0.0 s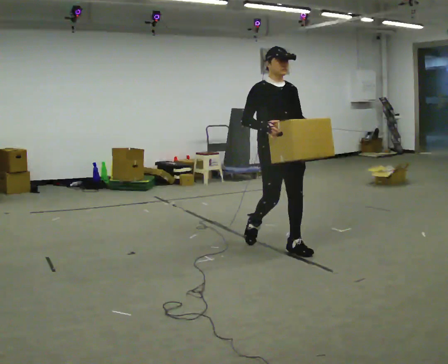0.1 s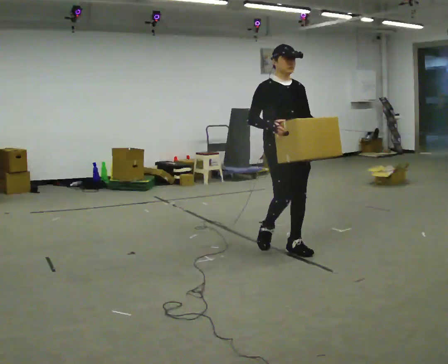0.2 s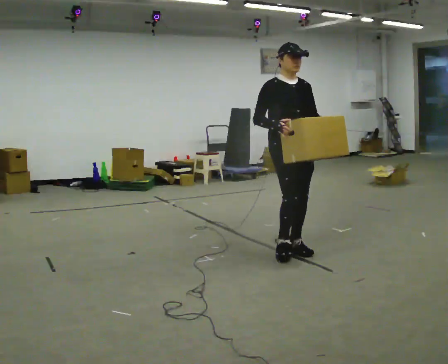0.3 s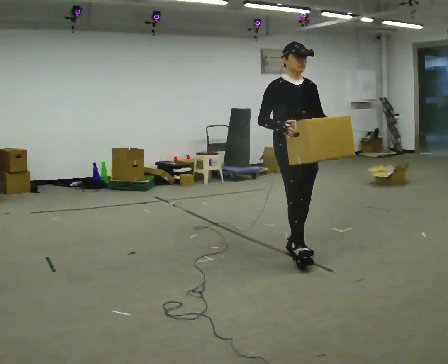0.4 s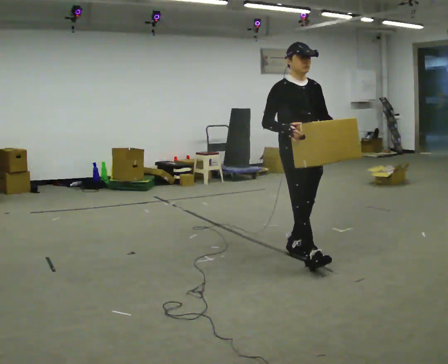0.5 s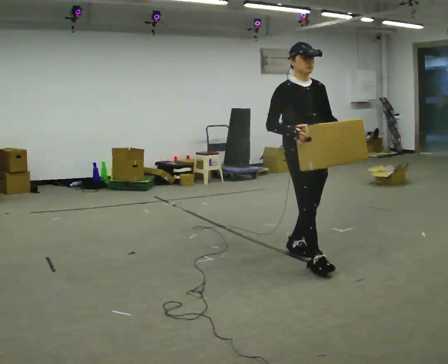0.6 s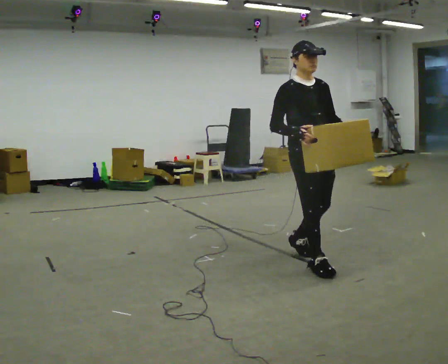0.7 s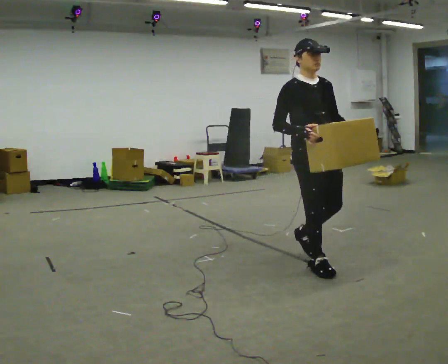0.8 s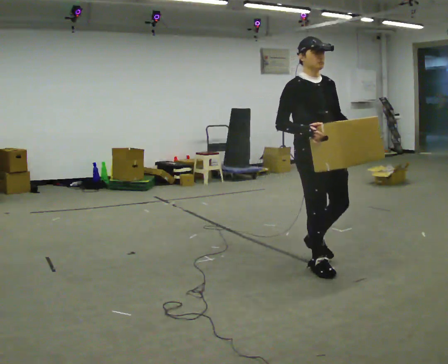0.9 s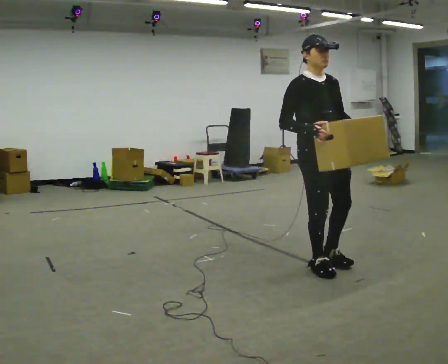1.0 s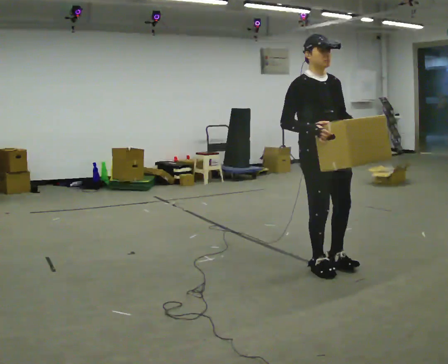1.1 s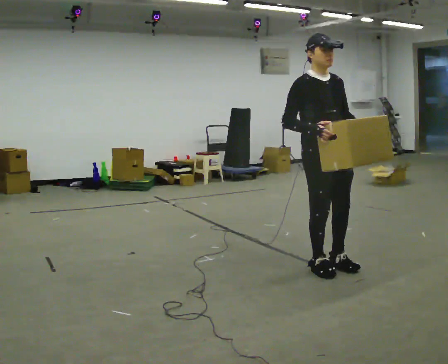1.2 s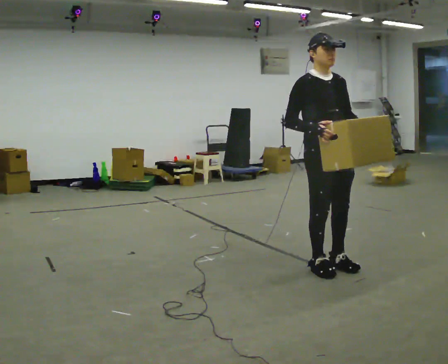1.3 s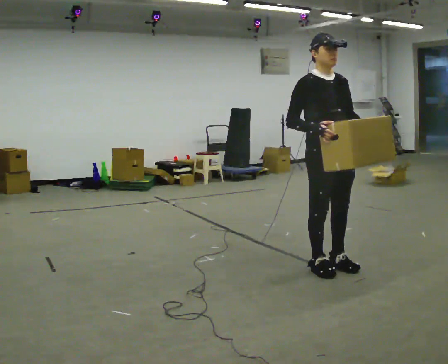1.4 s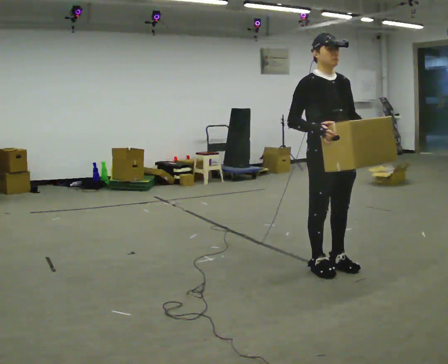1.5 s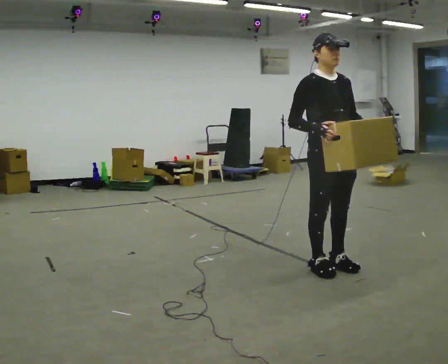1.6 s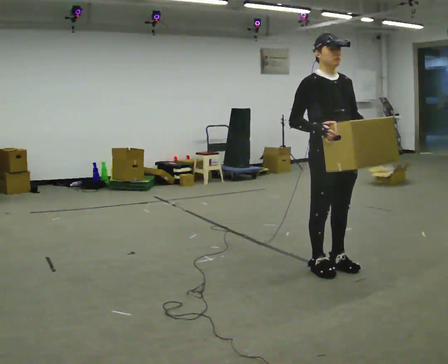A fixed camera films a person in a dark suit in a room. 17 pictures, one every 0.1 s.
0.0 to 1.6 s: In the picture they go toward the camera and to the right, about 0.5 m in 2 steps, which for them is forward.
The film runs forward here.
